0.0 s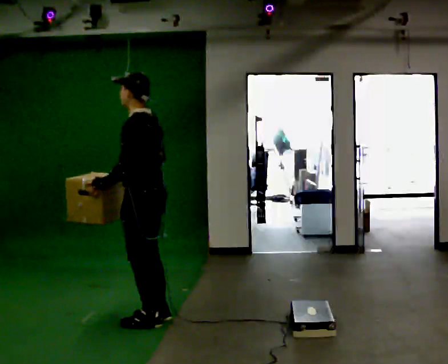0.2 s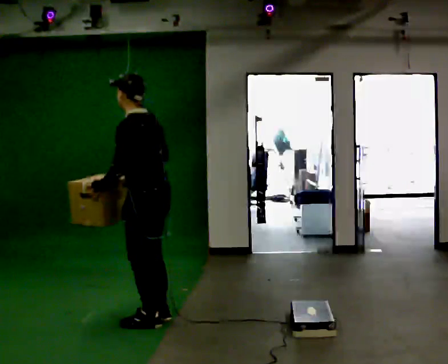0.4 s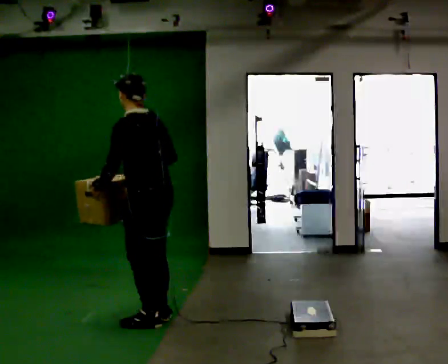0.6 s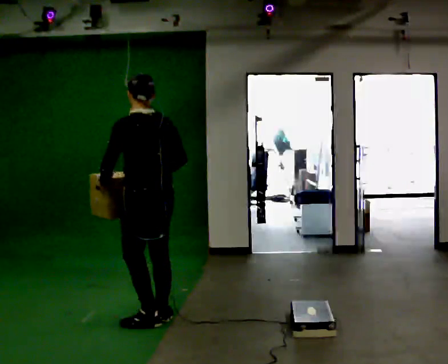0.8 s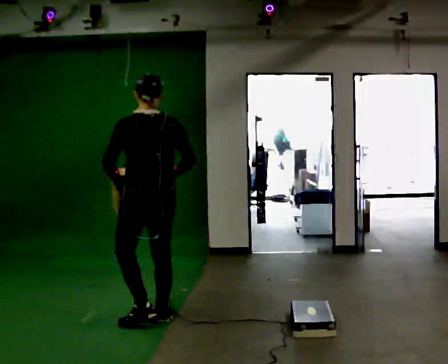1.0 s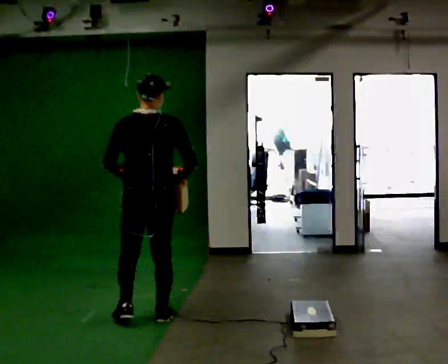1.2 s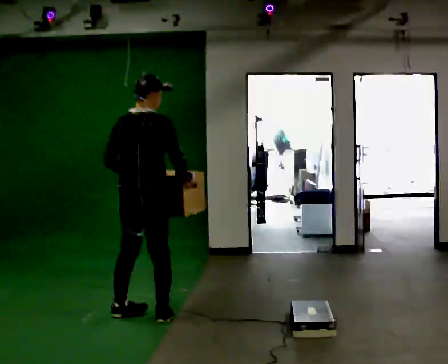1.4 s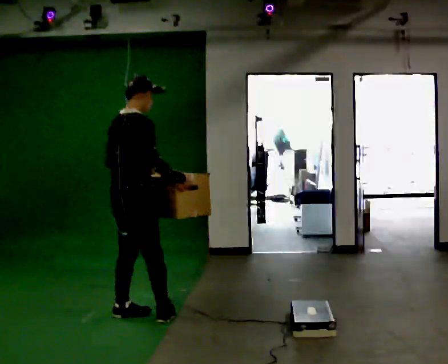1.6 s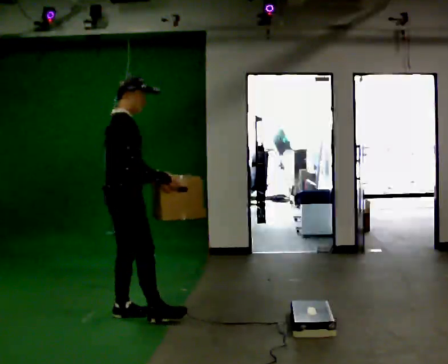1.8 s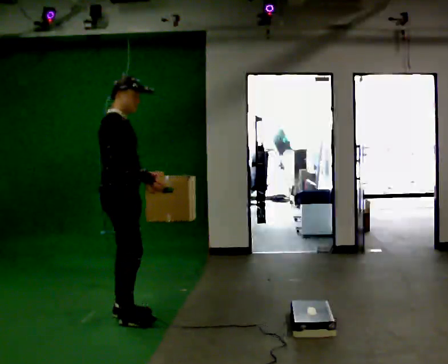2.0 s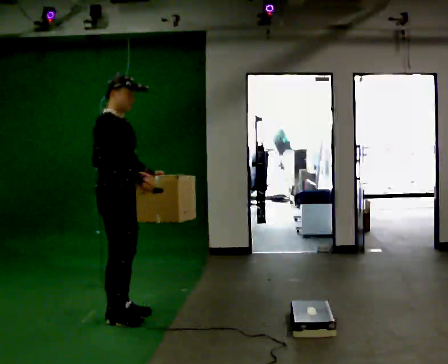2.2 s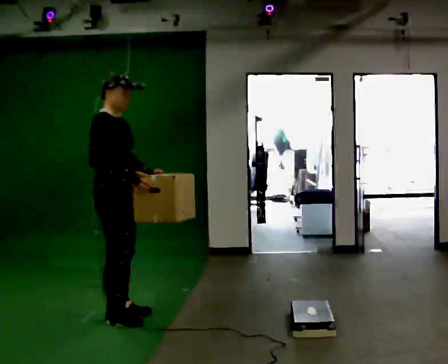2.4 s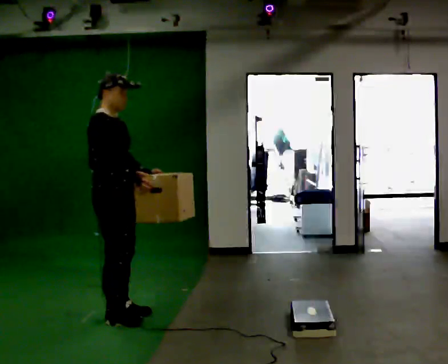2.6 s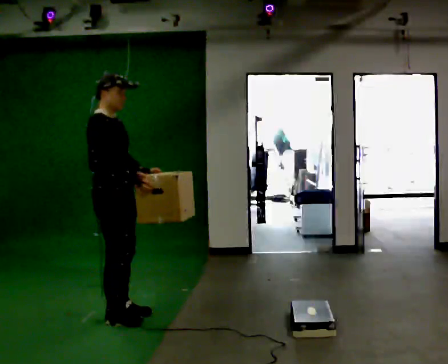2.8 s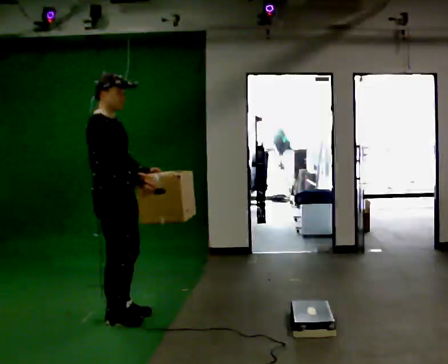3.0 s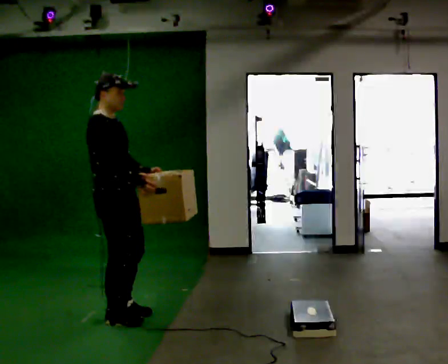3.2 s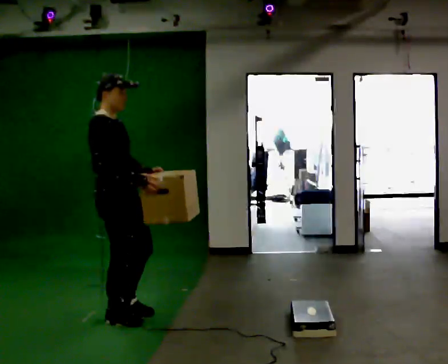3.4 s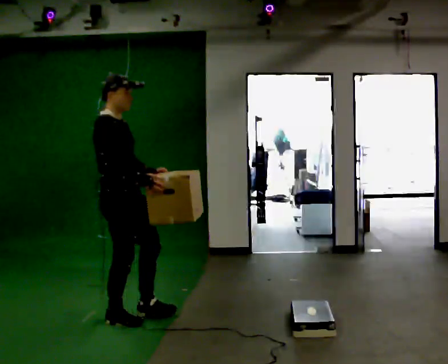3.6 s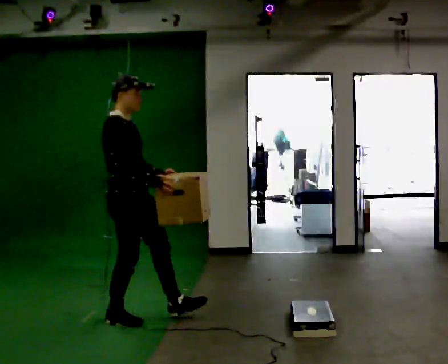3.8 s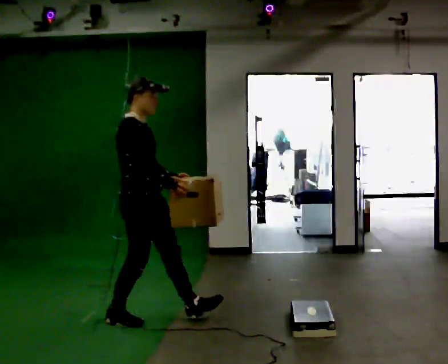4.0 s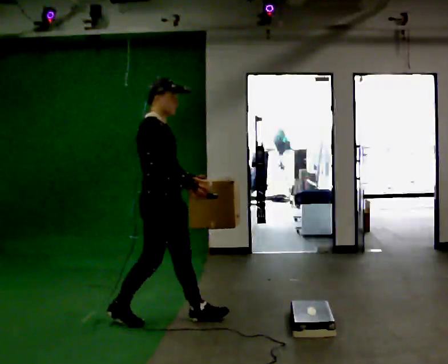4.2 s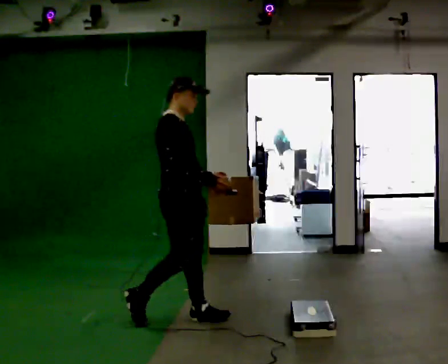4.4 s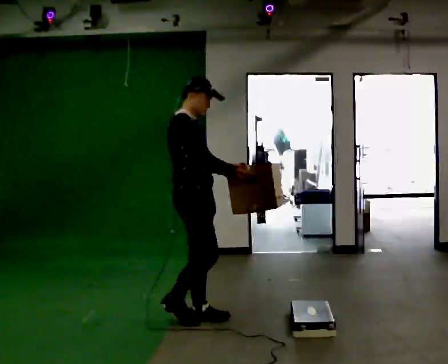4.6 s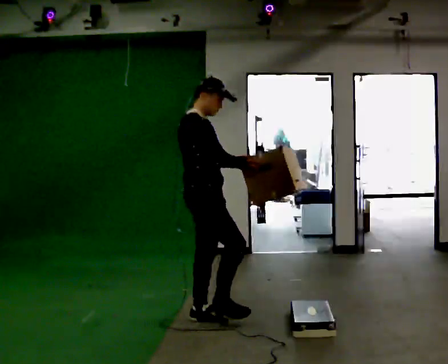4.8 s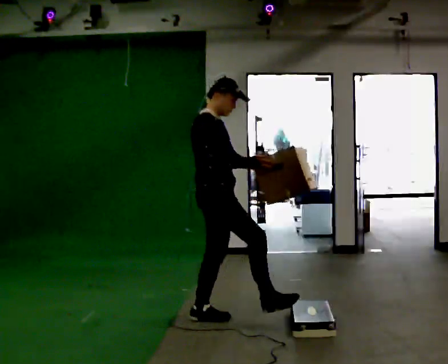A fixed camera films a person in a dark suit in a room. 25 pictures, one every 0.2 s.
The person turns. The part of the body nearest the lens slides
to the left.
The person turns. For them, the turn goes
to their right.
0.0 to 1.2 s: The person turns about 105 degrees to their right, clockwise seen from above, so the part of the body nearest the lens slides to the left. In the picture their right hand goes to the right, the arm swinging counterclockwise.
1.2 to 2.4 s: The part of the body nearest the lens slides to the left as the person turns to their right by about 75 degrees. In the picture they go to the left, about 0.25 m in 2 steps.
2.4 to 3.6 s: The person moves a little, or ends about where they began.
3.6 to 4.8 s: In the picture they go to the right, about 0.5 m in 1 step, which for them is forward.
The film runs forward here.
